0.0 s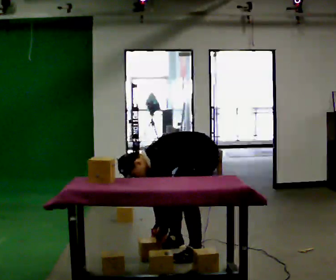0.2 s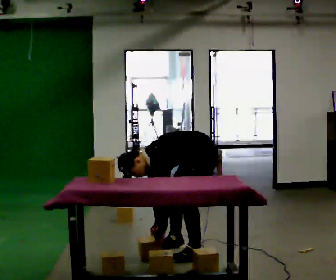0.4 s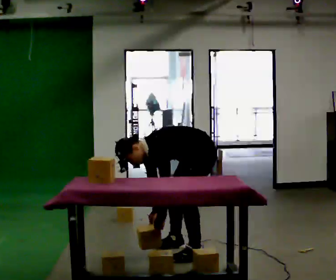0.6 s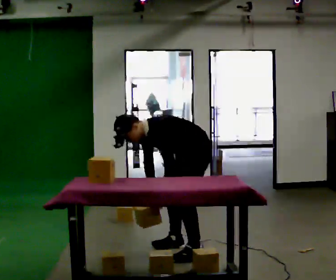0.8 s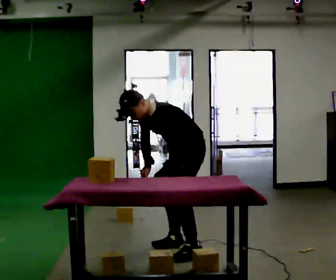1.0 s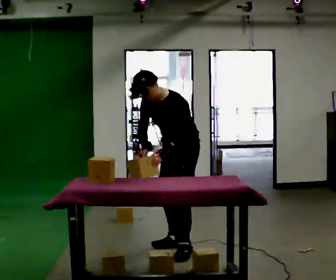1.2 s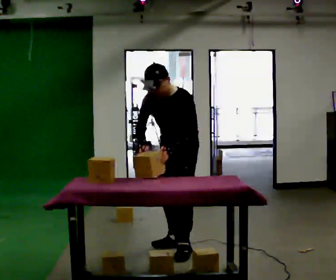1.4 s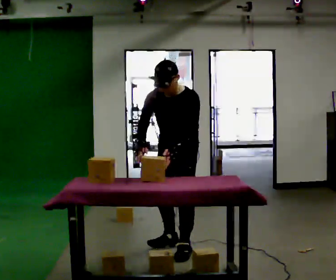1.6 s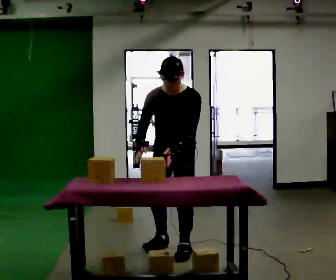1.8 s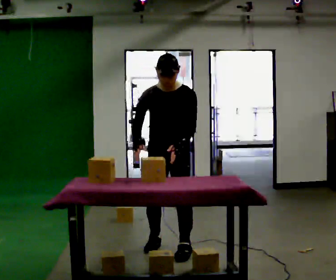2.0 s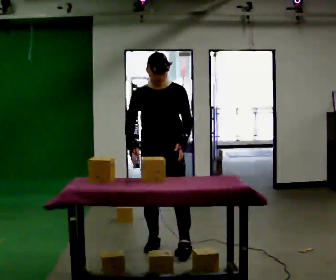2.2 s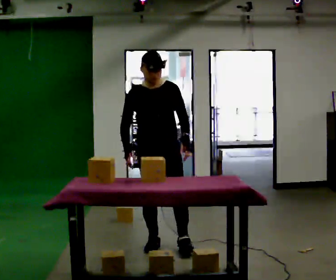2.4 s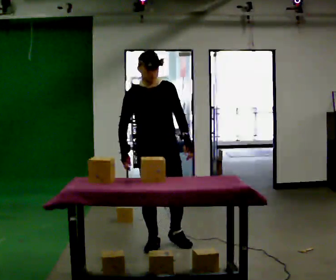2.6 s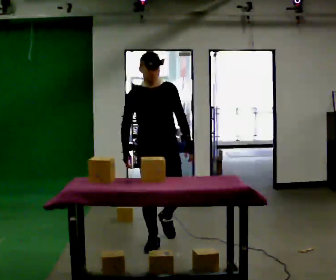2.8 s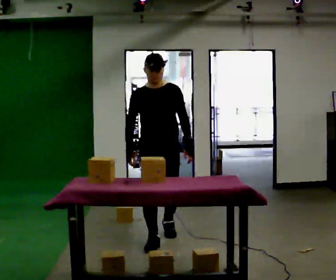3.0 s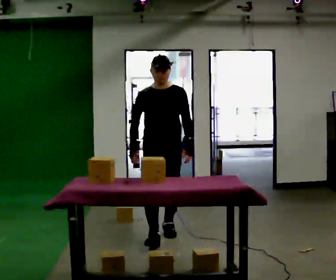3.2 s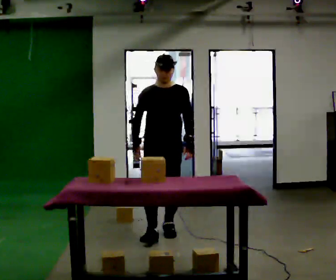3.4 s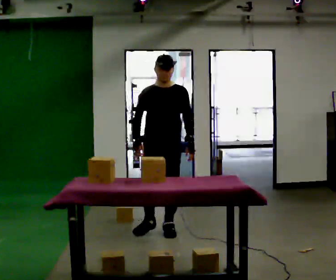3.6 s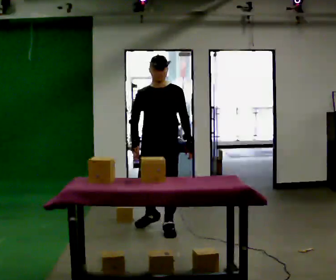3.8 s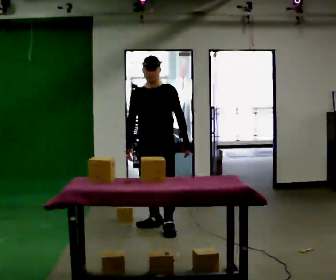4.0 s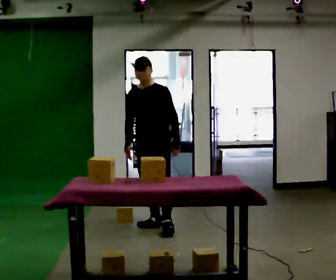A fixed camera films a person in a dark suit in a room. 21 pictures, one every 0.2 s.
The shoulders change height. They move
upward.
The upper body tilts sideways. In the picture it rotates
clockwise.
0.0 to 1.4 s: Seen from above the body turns counterclockwise, about 30 degrees: to their left, with its near side sliding to the right. In the picture they go to the left, about 0.25 m in 2 steps, which for them is forward. The upper body goes upward. In the picture the upper body tilts clockwise, shoulders to the right, as they lean back or straighten. In the picture their right hand goes upward.
1.4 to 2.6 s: The part of the body nearest the lens slides to the right as the person turns to their left by about 45 degrees. In the picture they go away from the camera and to the left, about 0.25 m in 1 step, which for them is to their right and backward. The upper body tips away from the camera, its near side rolling upward, as they lean back or straighten.
2.6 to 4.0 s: The part of the body nearest the lens slides to the left as the person turns to their right by about 45 degrees. In the picture they go away from the camera, about 0.5 m in 1 step, which for them is backward.
The film runs backward here.
